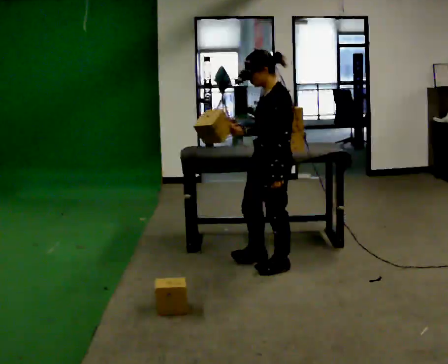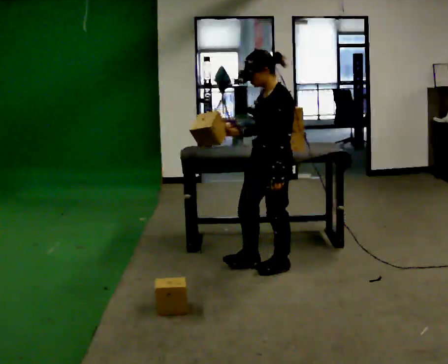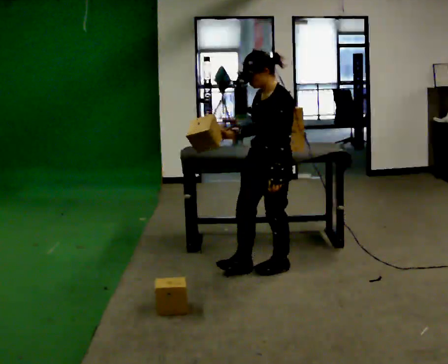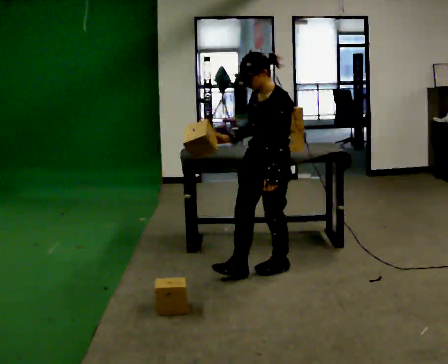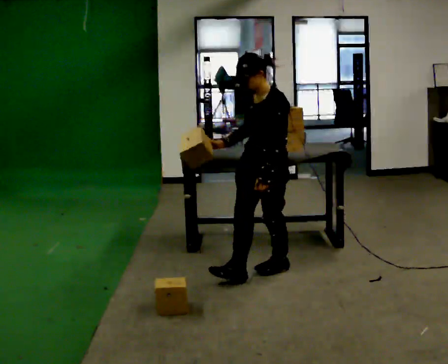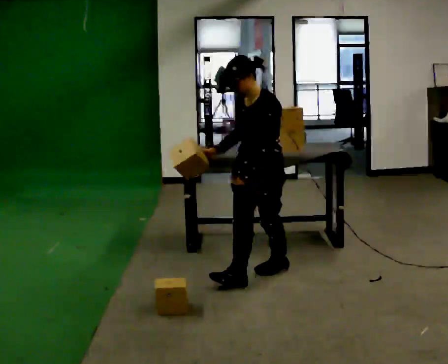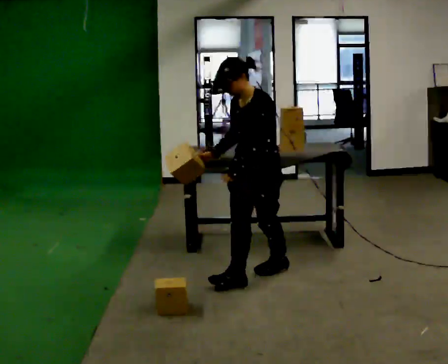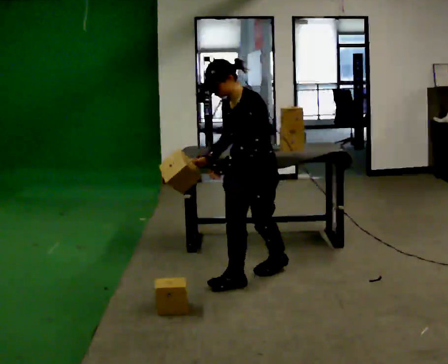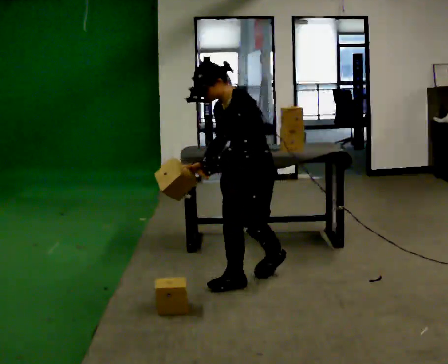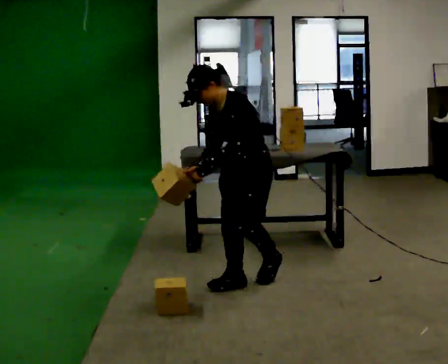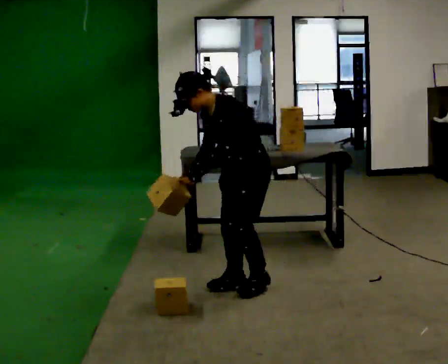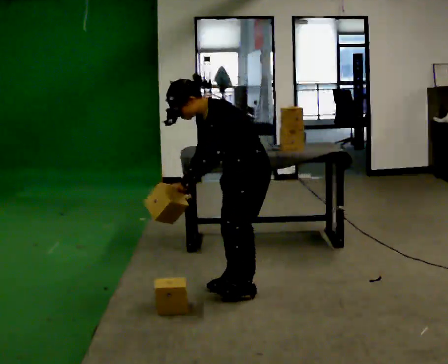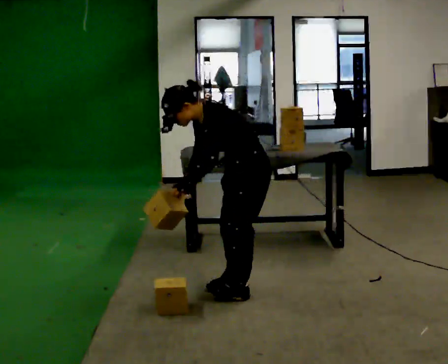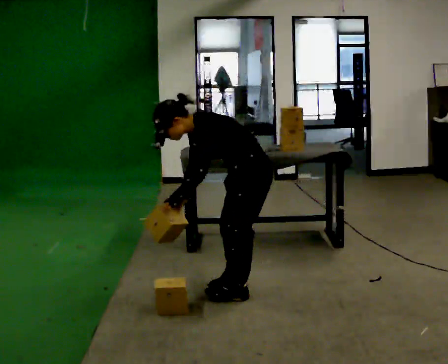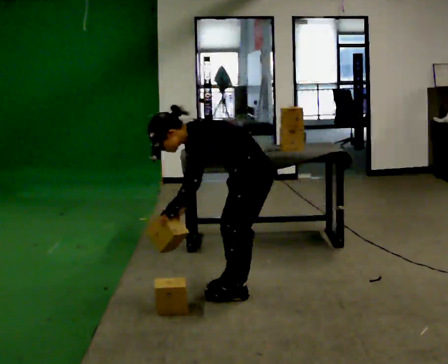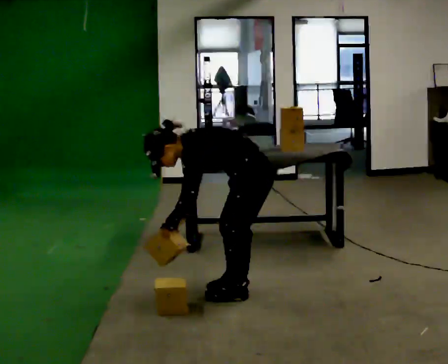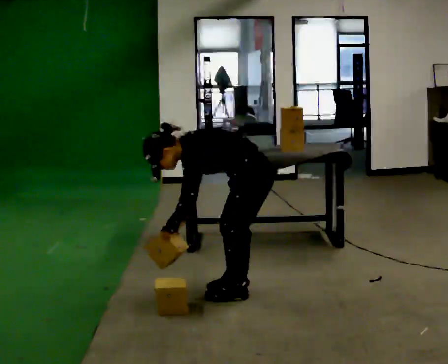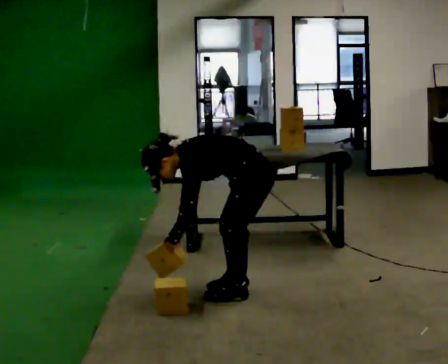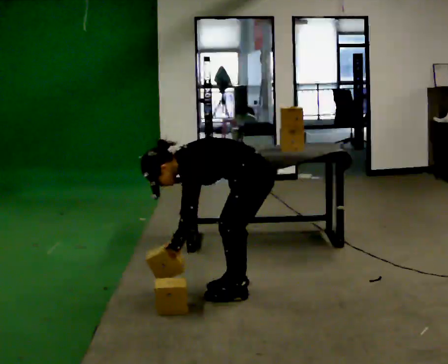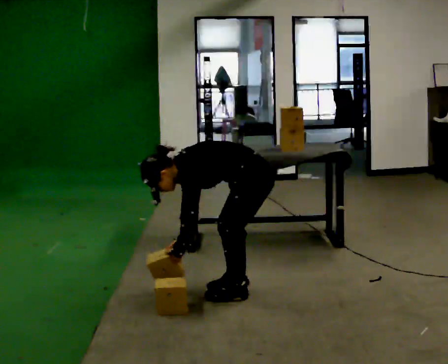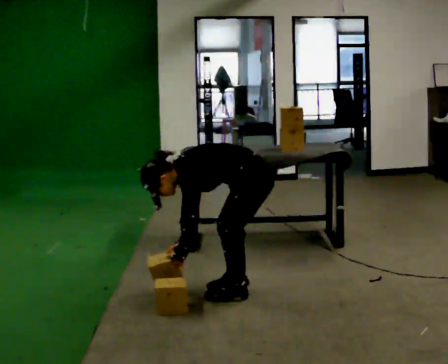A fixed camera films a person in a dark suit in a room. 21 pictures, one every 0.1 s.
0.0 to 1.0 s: In the picture they go toward the camera and to the left, about 0.25 m in 1 step, which for them is forward. In the picture the upper body tilts counterclockwise, shoulders to the left, as they bend forward.
1.0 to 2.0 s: The part of the body nearest the lens slides to the left as the person turns to their right by about 30 degrees. The shoulders move downward. In the picture the upper body tilts counterclockwise, shoulders to the left, as they bend forward. In the picture their right hand goes downward.
The film runs forward here.
